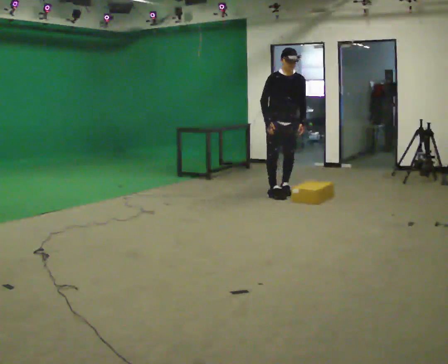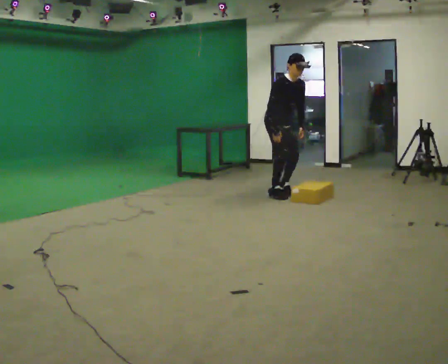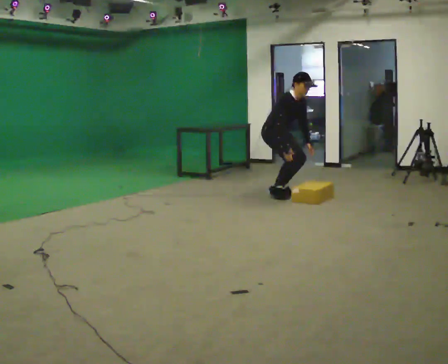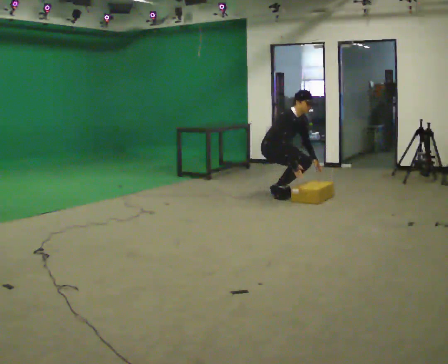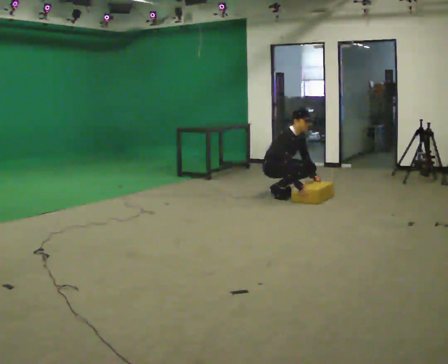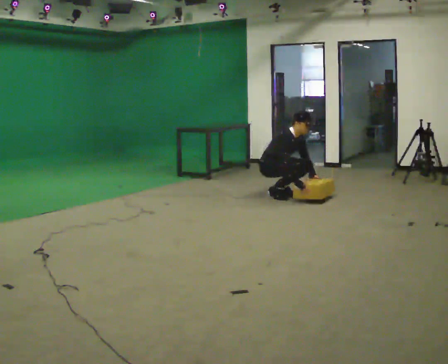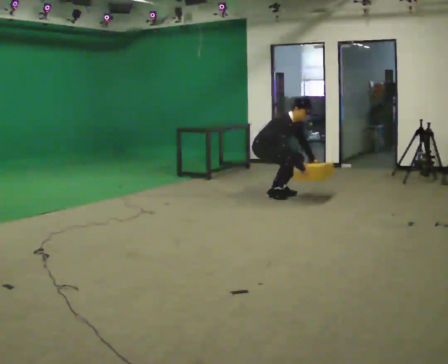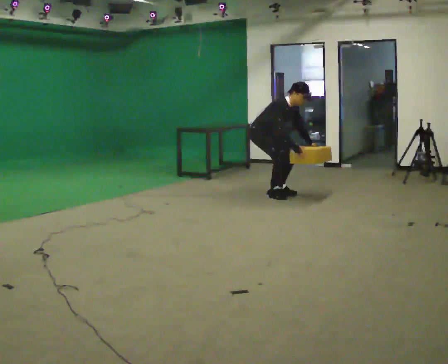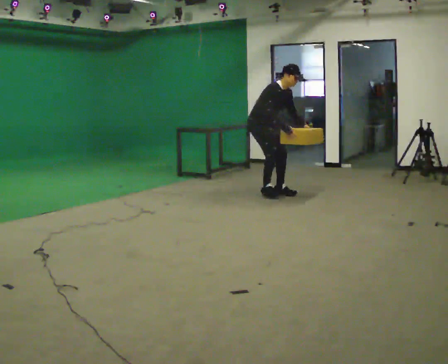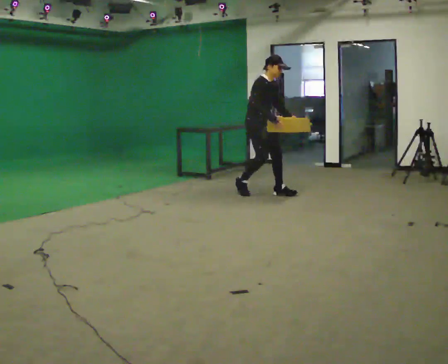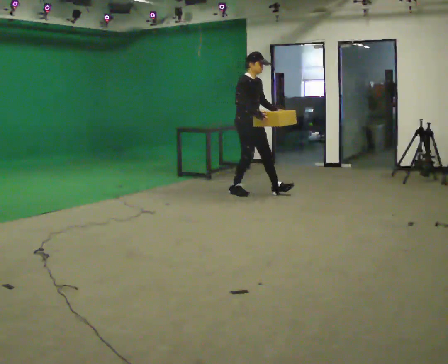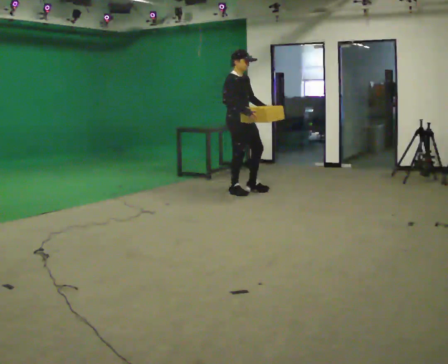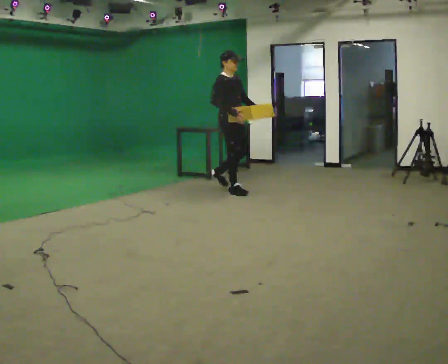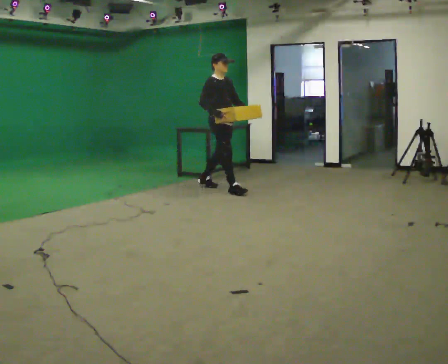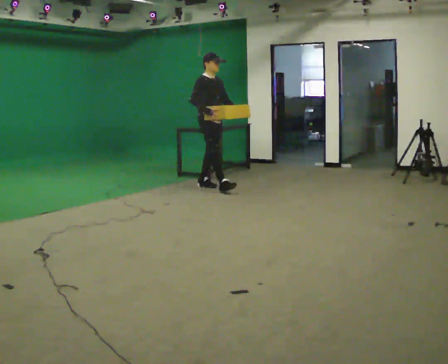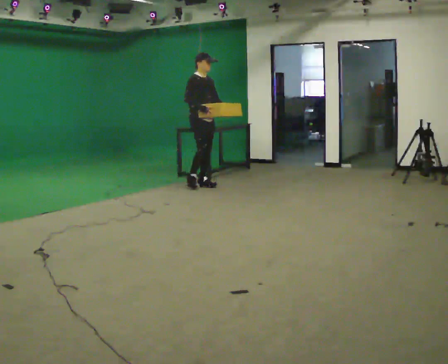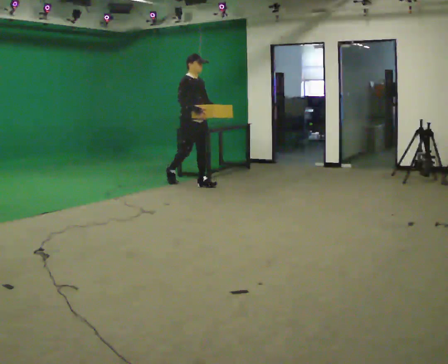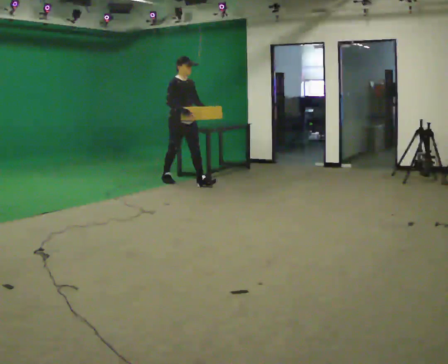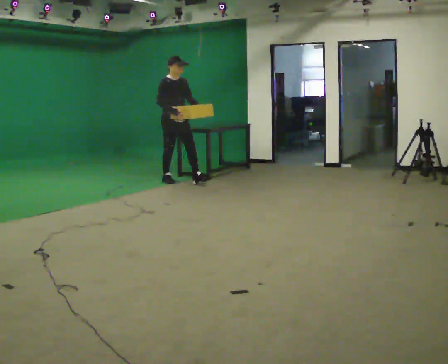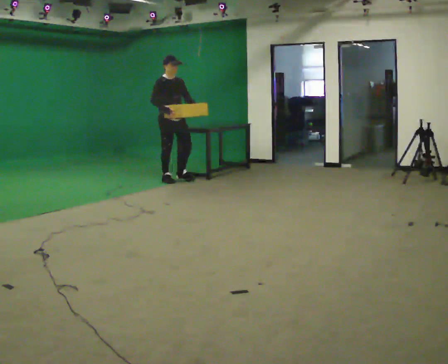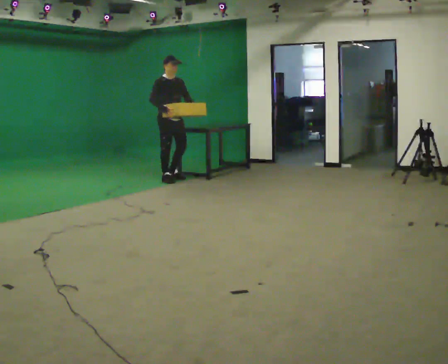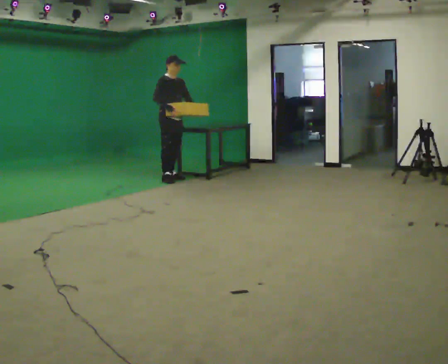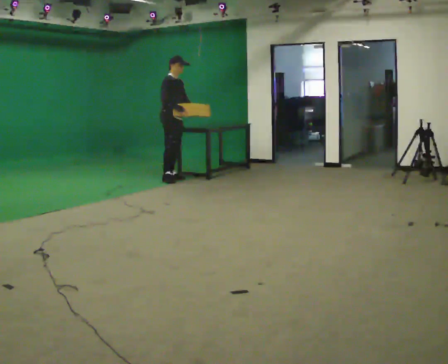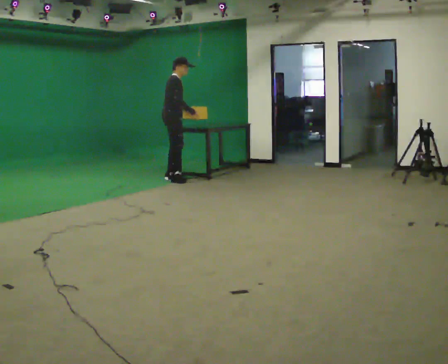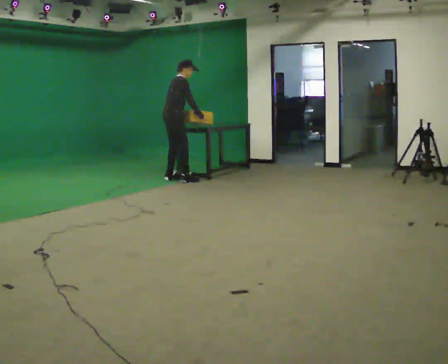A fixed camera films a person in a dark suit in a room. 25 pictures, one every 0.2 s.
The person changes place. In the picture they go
to the left.
0.0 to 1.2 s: Seen from above the body turns counterclockwise, about 45 degrees: to their left, with its near side sliding to the right. In the picture they go to the left, about 0.25 m in 1 step, which for them is backward. In the picture the upper body tilts clockwise, shoulders to the right, as they bend forward. In the picture their right hand goes downward and to the right.
1.2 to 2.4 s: In the picture they go to the left, about 0.5 m in 2 steps, which for them is backward. The shoulders move upward. In the picture the upper body tilts counterclockwise, shoulders to the left, as they lean back or straighten. In the picture their left hand goes upward.
2.4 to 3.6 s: In the picture they go to the left and away from the camera, about 1 m in 2 steps, which for them is backward.
3.6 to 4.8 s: Seen from above the body turns counterclockwise, about 60 degrees: to their left, with its near side sliding to the right. In the picture they go away from the camera, about 0.25 m in 1 step. The upper body tips away from the camera, its near side rolling upward, as they bend forward. In the picture their left hand goes to the left, the arm swinging clockwise.
The film runs backward here.
